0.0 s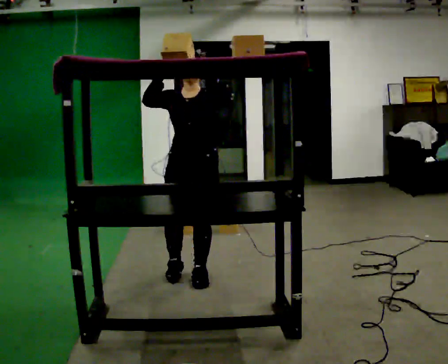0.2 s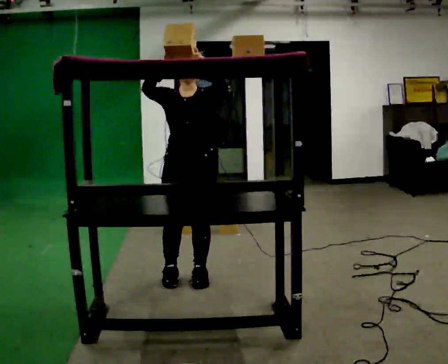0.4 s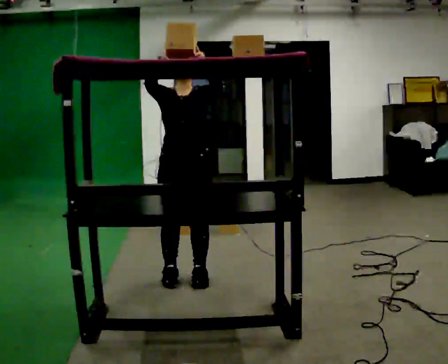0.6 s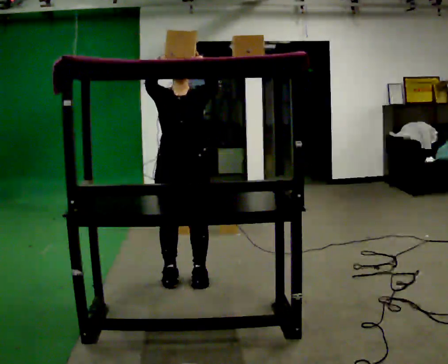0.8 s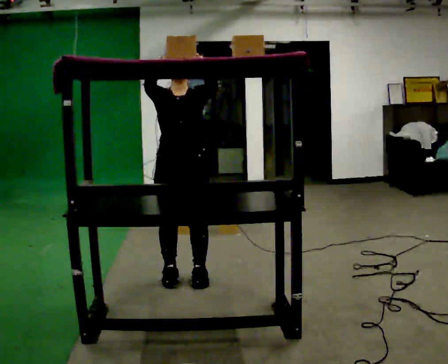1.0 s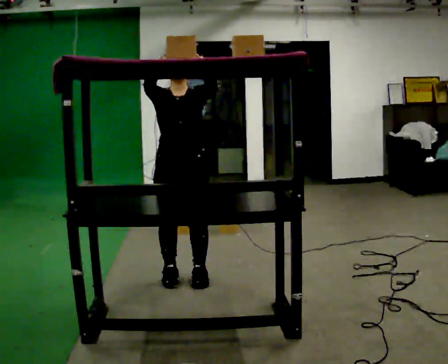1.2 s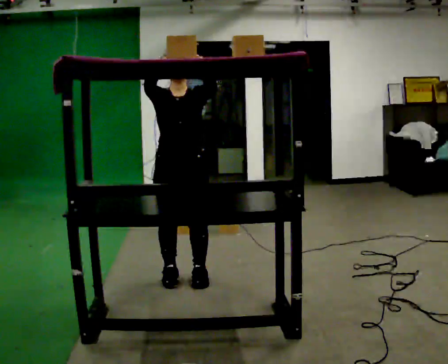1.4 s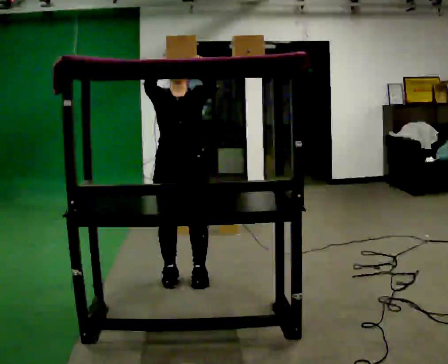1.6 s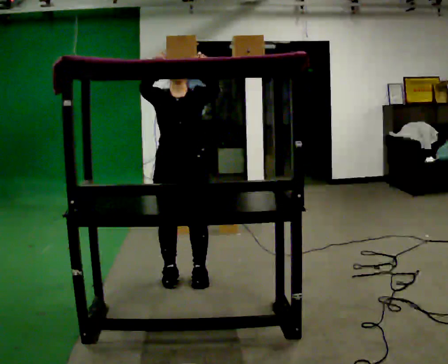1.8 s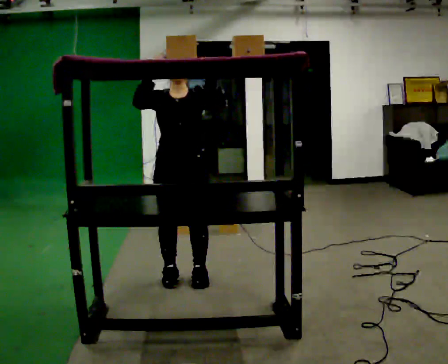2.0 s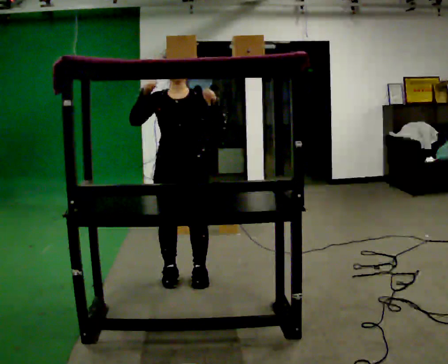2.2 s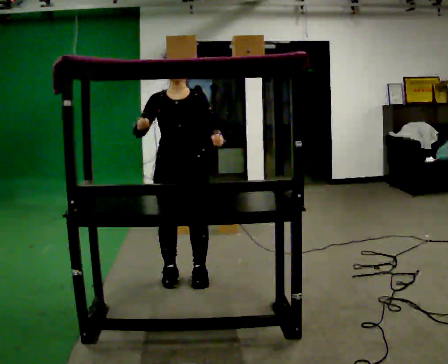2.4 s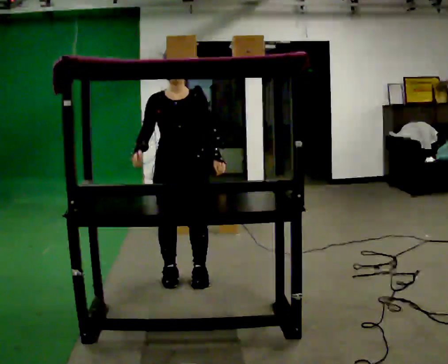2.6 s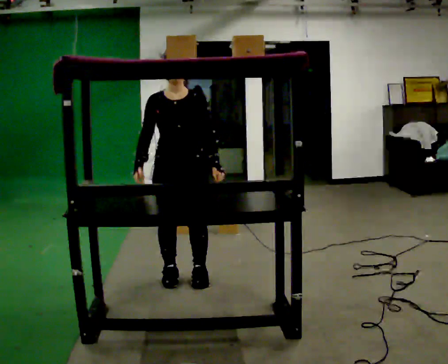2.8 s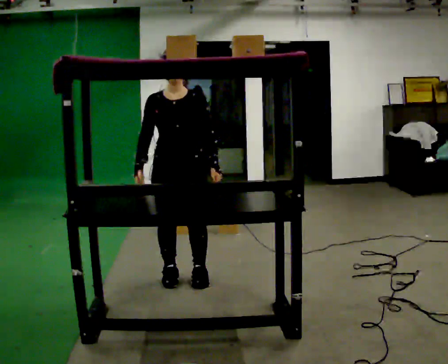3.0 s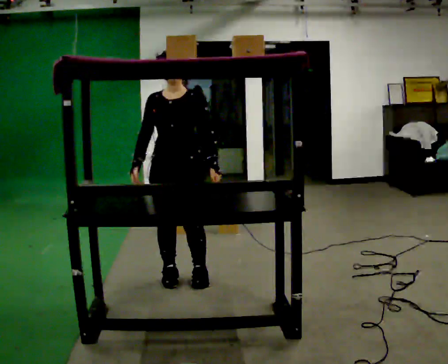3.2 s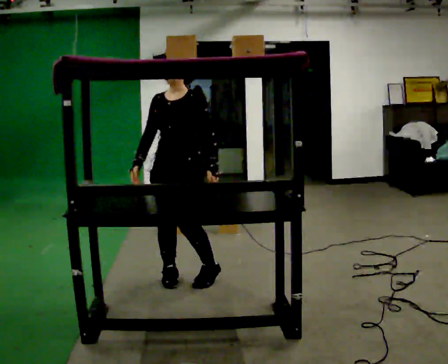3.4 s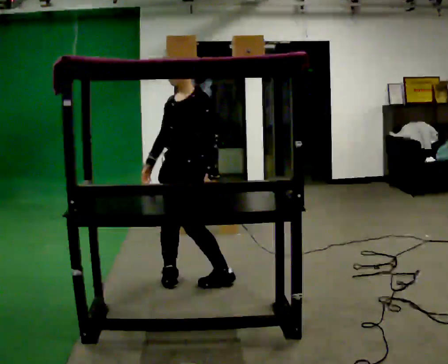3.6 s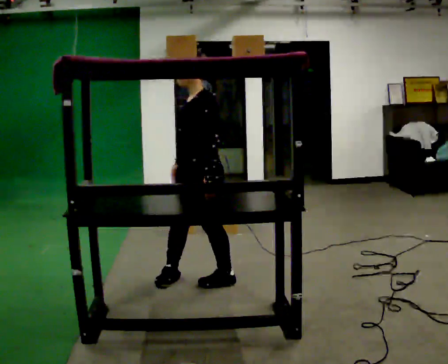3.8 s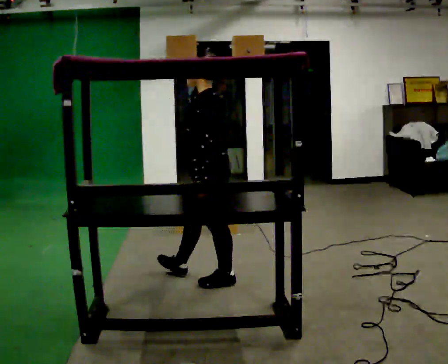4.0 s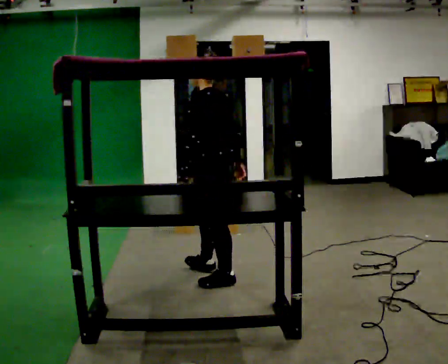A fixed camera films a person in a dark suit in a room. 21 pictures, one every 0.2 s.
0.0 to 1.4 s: The person moves a little, or ends about where they began.
1.4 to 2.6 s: In the picture their right hand goes downward.
2.6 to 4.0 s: The part of the body nearest the lens slides to the left as the person turns to their right by about 120 degrees. In the picture they go to the right, about 0.25 m in 1 step.
The film runs forward here.
